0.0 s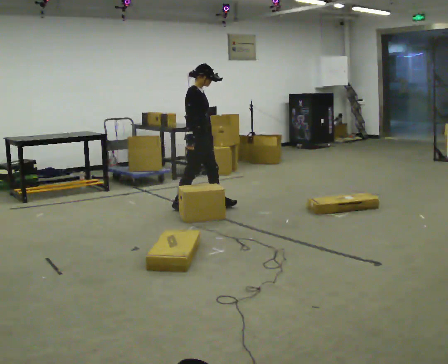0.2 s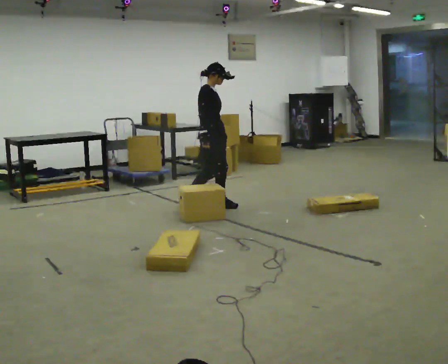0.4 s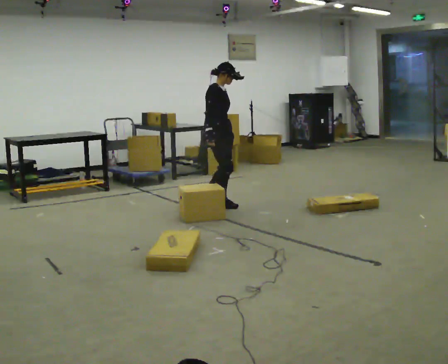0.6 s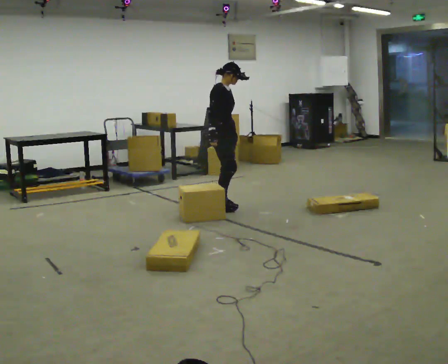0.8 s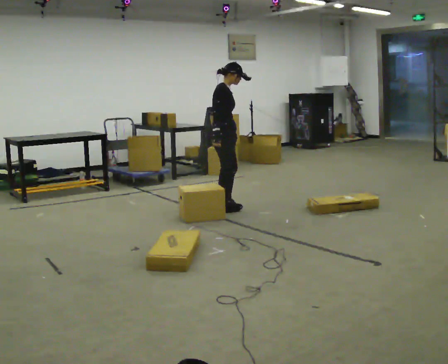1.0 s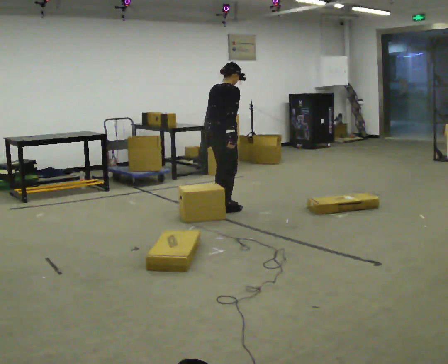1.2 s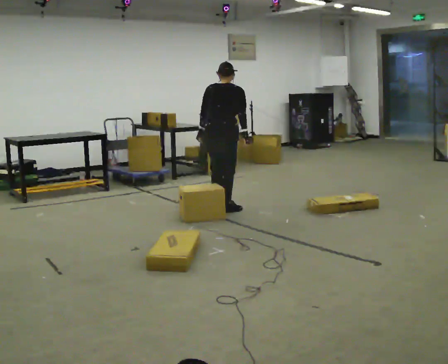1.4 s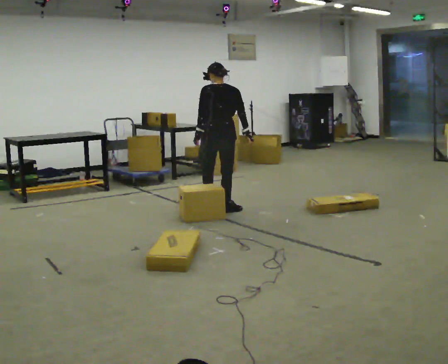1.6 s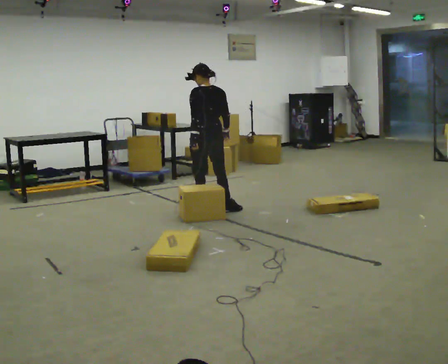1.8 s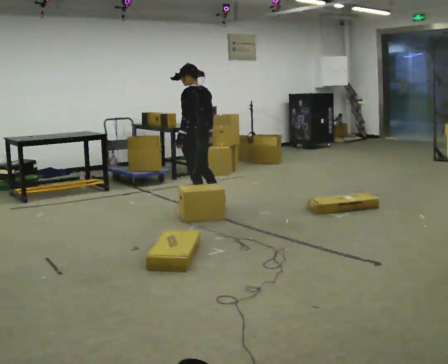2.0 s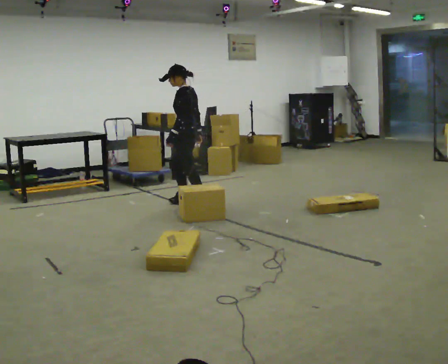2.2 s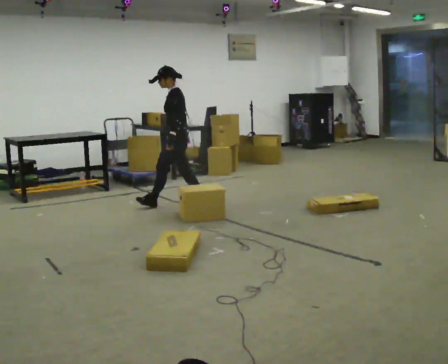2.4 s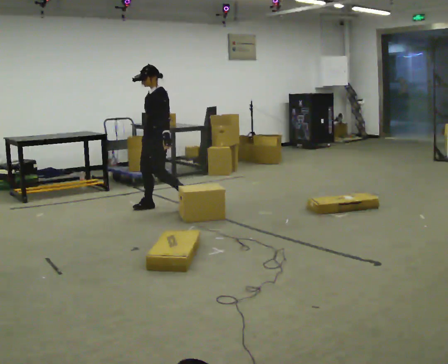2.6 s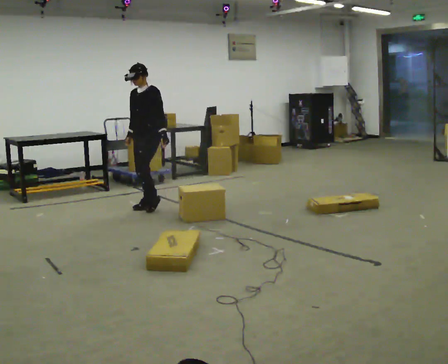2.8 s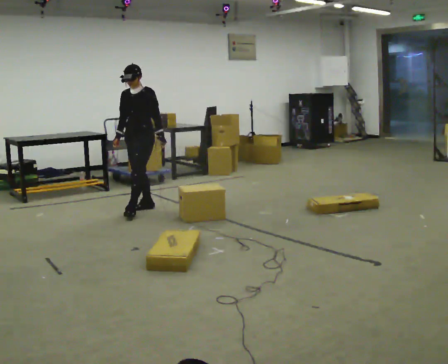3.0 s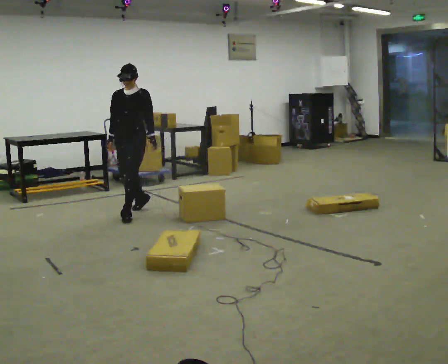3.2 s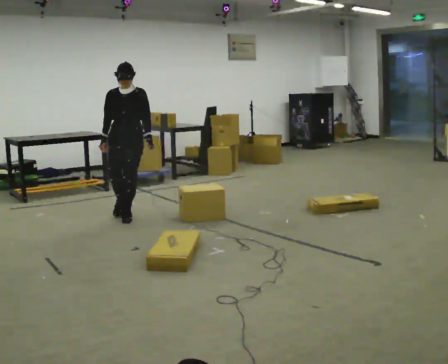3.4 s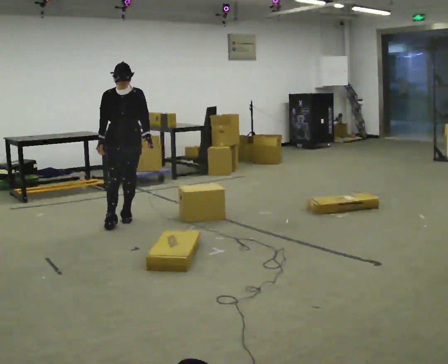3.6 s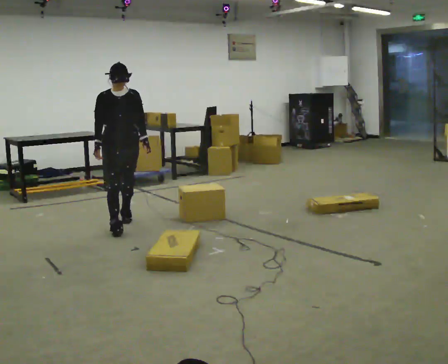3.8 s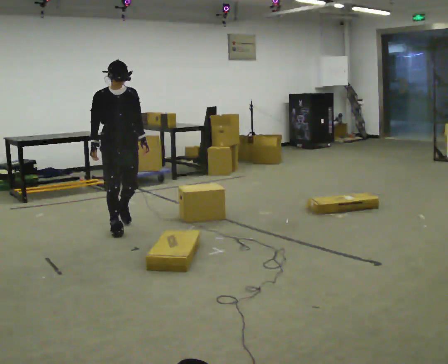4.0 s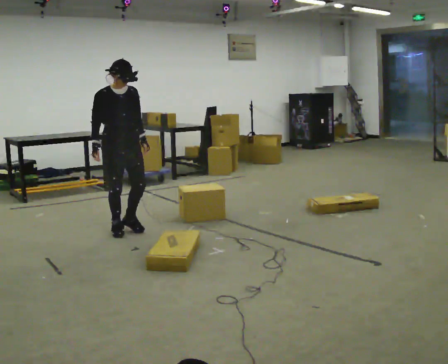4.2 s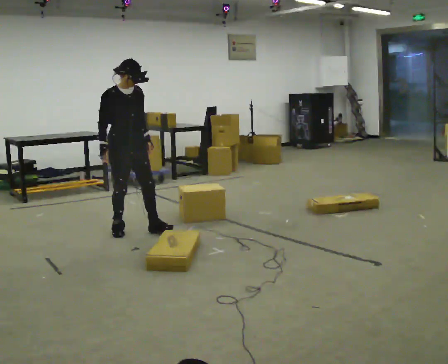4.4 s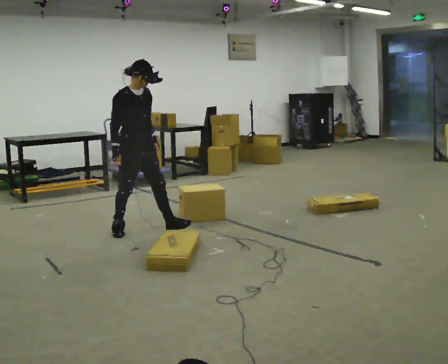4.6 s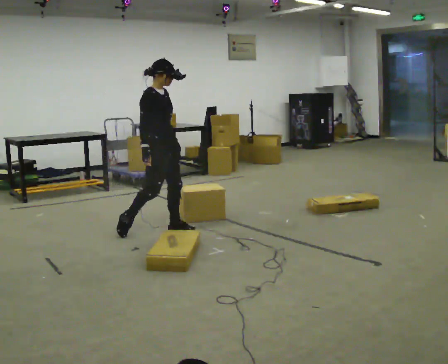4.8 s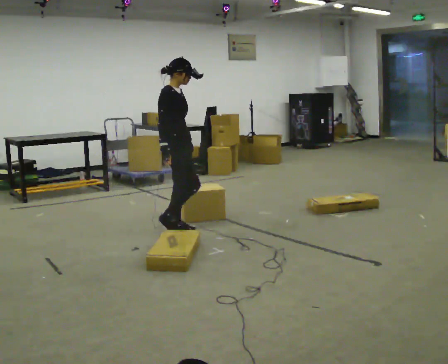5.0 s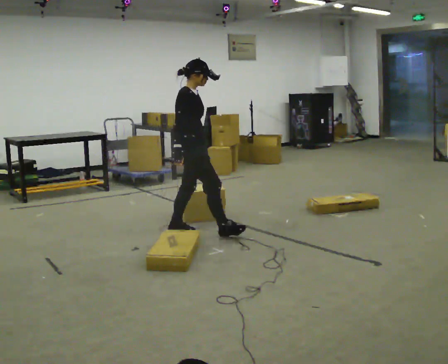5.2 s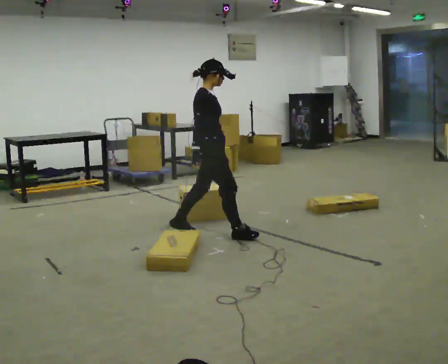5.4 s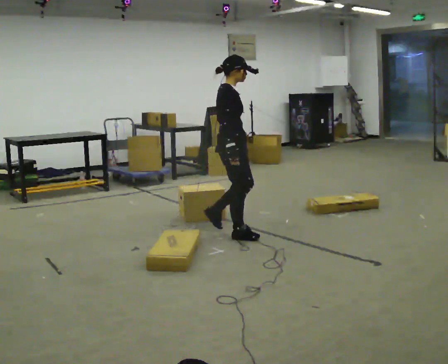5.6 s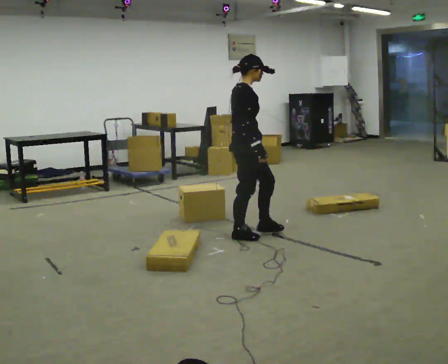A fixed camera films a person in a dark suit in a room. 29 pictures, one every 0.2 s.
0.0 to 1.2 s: The person turns about 90 degrees to their left, counterclockwise seen from above, so the part of the body nearest the lens slides to the right. In the picture they go to the right, about 0.25 m in 1 step.
1.2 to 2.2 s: The person turns about 120 degrees to their left, counterclockwise seen from above, so the part of the body nearest the lens slides to the right. In the picture they go to the left and away from the camera, about 0.5 m. In the picture the upper body tilts counterclockwise, shoulders to the left.
2.2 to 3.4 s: The person turns about 90 degrees to their left, counterclockwise seen from above, so the part of the body nearest the lens slides to the right. In the picture they go to the left and toward the camera, about 0.5 m in 2 steps.
3.4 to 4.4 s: Seen from above the body turns counterclockwise, about 60 degrees: to their left, with its near side sliding to the right. In the picture they go toward the camera, about 0.5 m in 1 step, which for them is forward.
4.4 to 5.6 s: The person turns about 30 degrees to their left, counterclockwise seen from above, so the part of the body nearest the lens slides to the right. In the picture they go to the right, about 1 m in 2 steps, which for them is forward.
The film runs forward here.
